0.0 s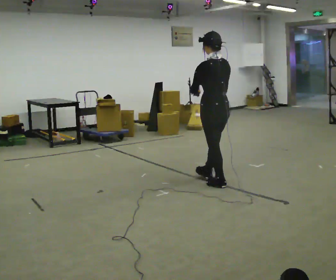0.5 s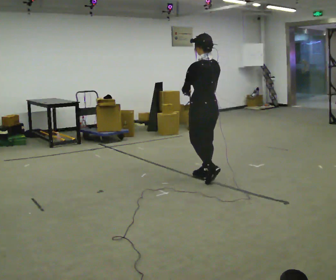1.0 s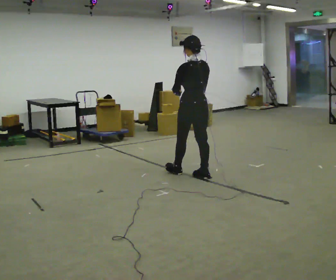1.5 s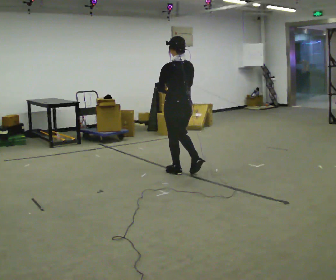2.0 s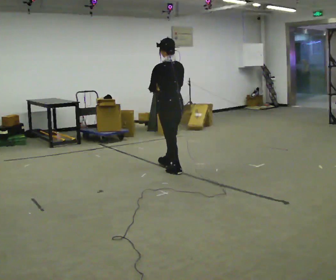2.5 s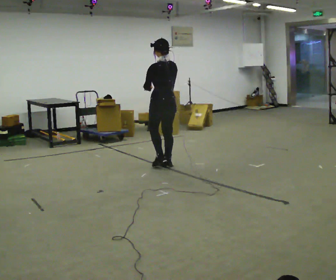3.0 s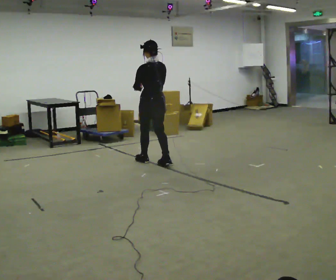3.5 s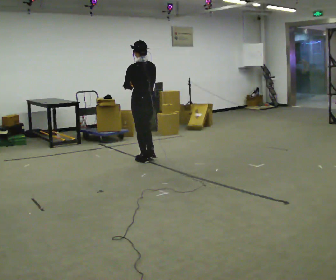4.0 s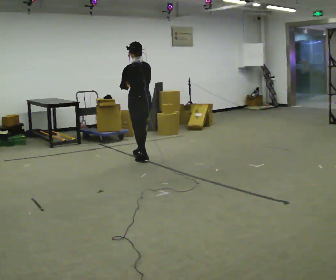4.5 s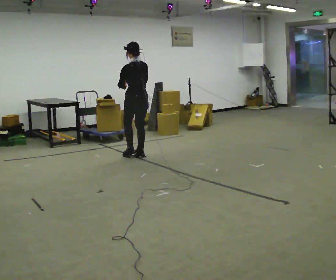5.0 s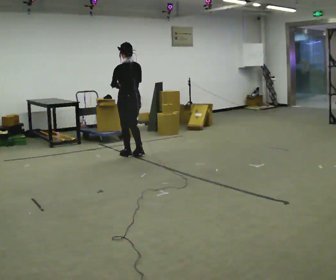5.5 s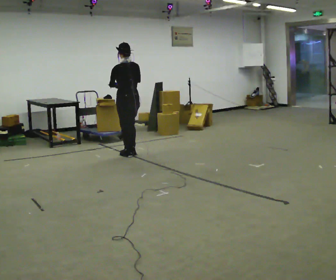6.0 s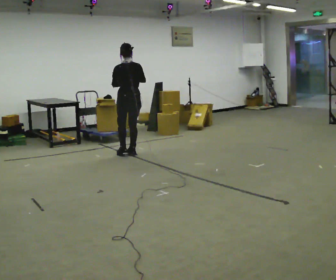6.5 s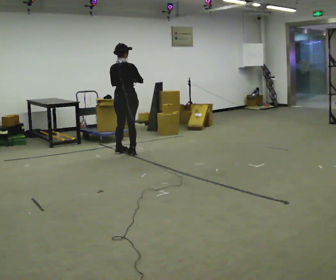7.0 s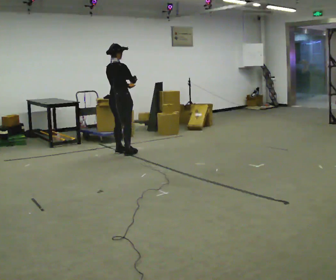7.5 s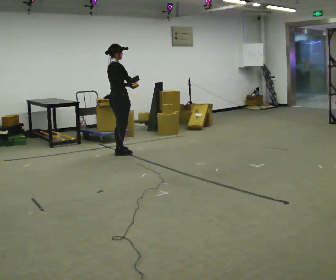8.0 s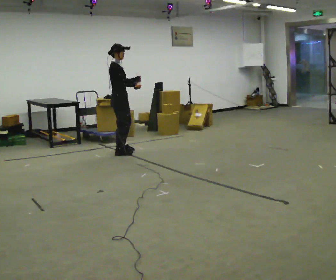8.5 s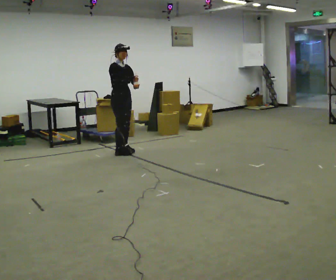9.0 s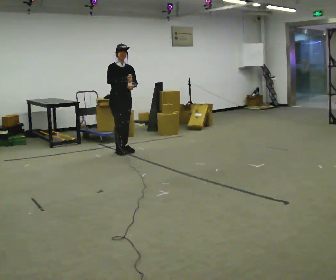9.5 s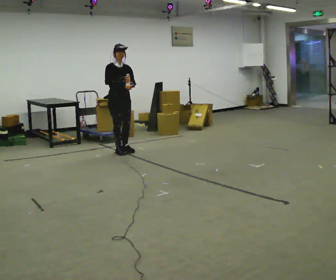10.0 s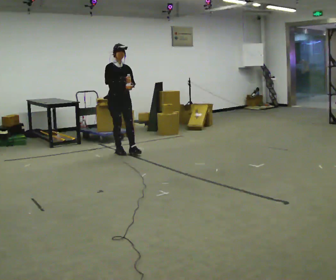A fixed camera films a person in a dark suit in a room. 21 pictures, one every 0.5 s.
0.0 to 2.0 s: In the picture they go away from the camera and to the left, about 1 m in 3 steps, which for them is forward.
2.0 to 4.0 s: In the picture they go away from the camera and to the left, about 0.5 m in 2 steps, which for them is forward.
4.0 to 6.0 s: In the picture they go away from the camera and to the left, about 0.25 m in 2 steps, which for them is forward.
6.0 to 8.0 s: Seen from above the body turns clockwise, about 105 degrees: to their right, with its near side sliding to the left. In the picture they go to the left, about 0.25 m in 2 steps.
8.0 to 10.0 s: The part of the body nearest the lens slides to the left as the person turns to their right by about 45 degrees.
The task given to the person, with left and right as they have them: Carry the open container of water across the room without spilling it, back and forth.
The film runs forward here.
